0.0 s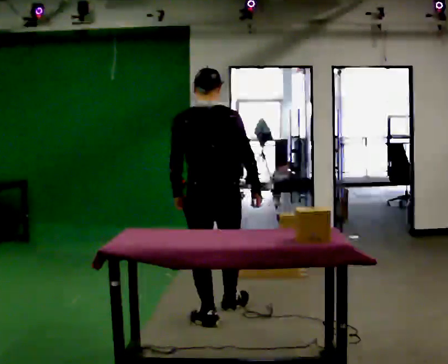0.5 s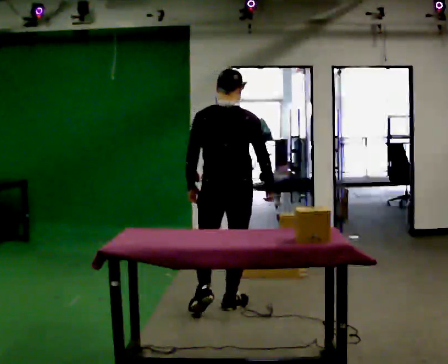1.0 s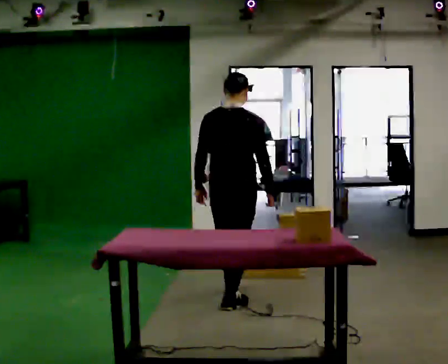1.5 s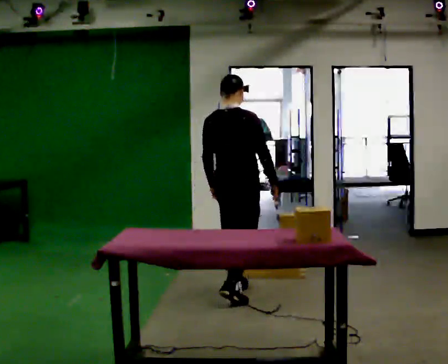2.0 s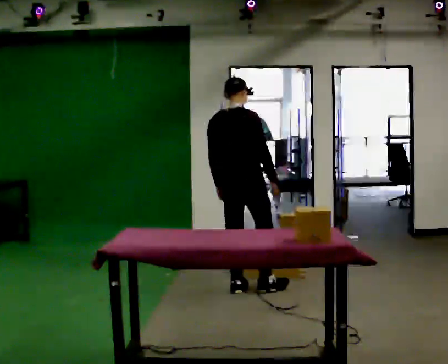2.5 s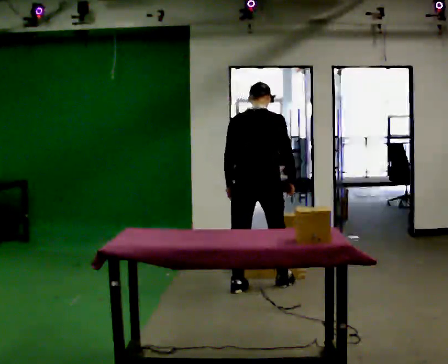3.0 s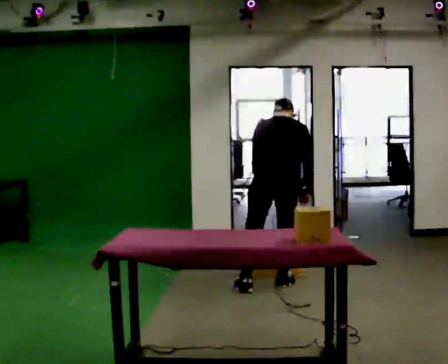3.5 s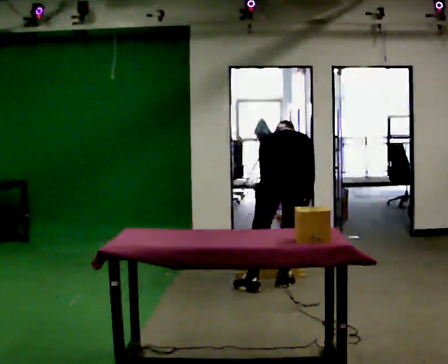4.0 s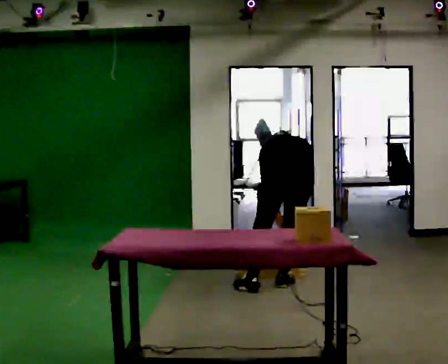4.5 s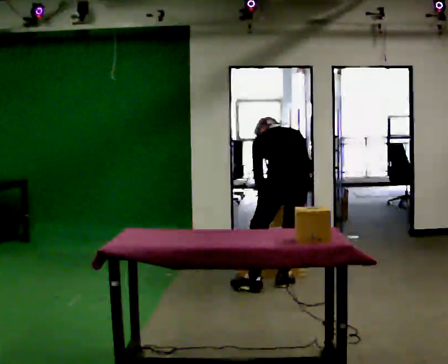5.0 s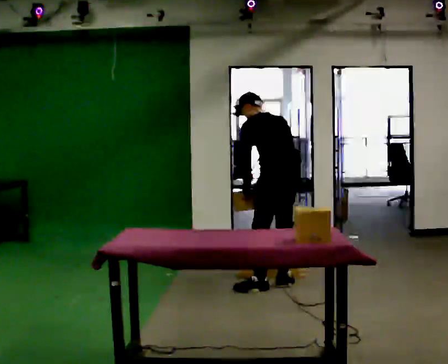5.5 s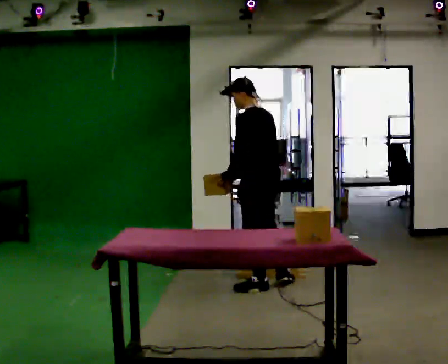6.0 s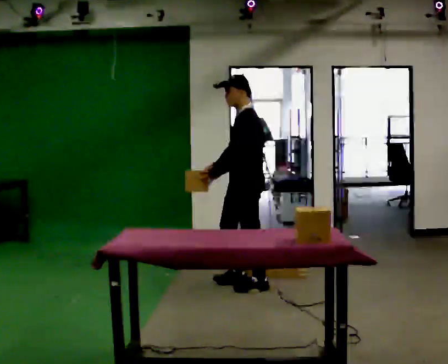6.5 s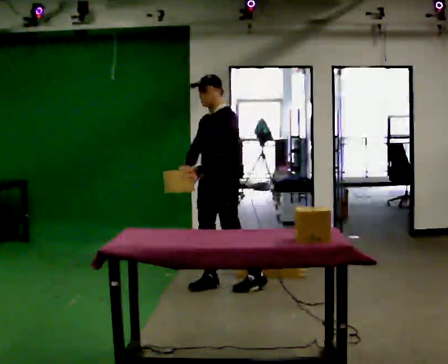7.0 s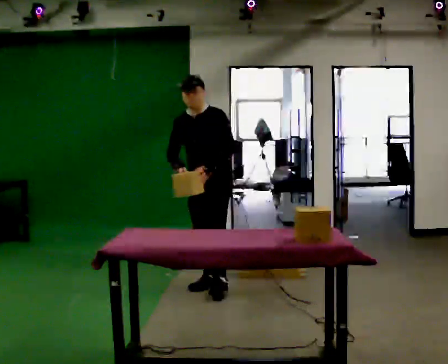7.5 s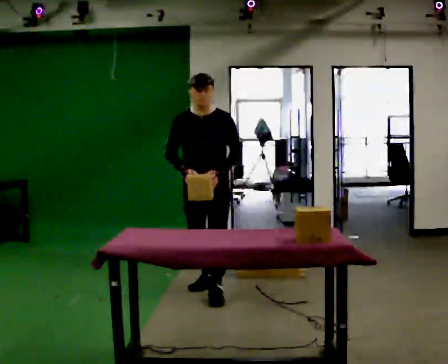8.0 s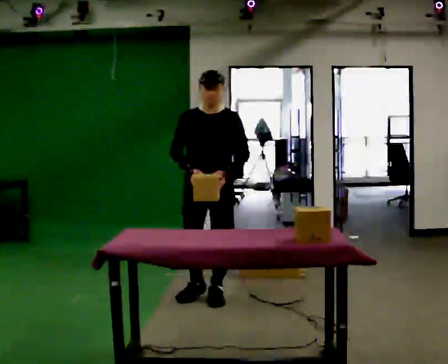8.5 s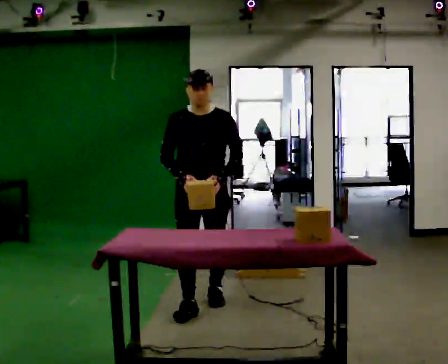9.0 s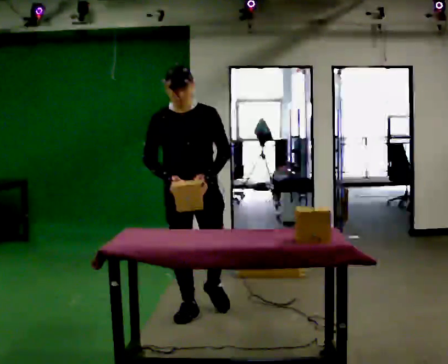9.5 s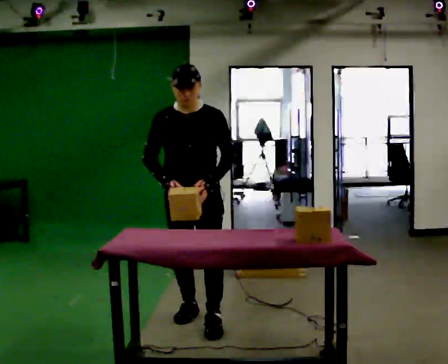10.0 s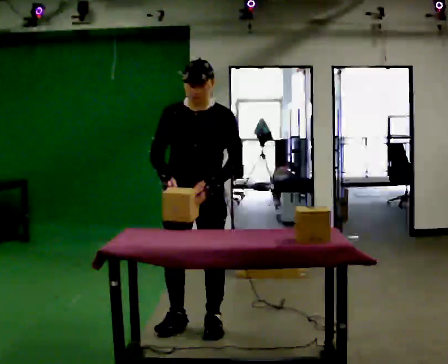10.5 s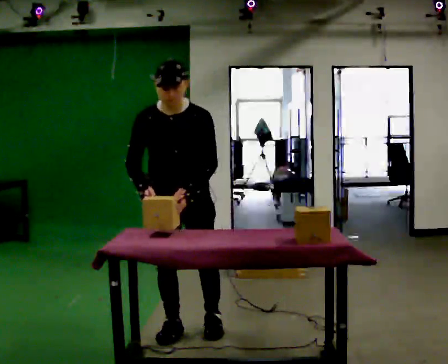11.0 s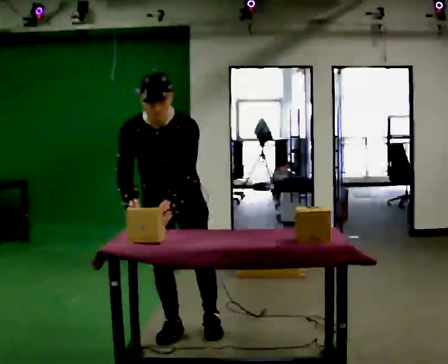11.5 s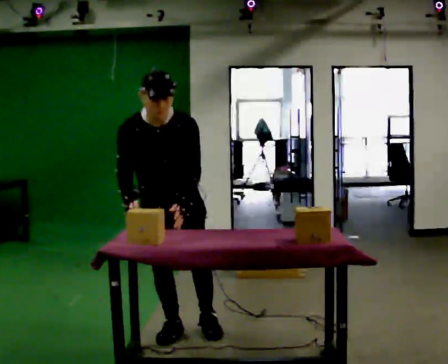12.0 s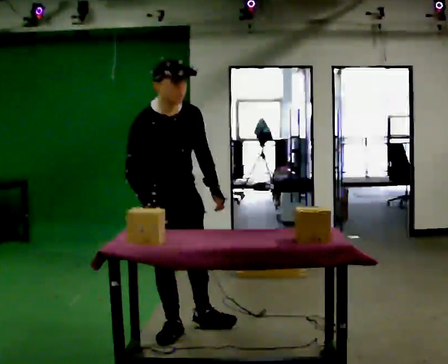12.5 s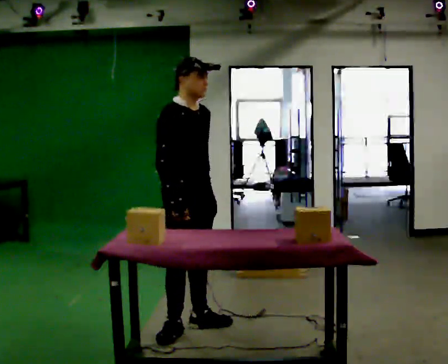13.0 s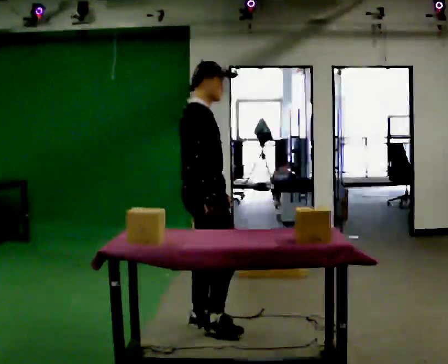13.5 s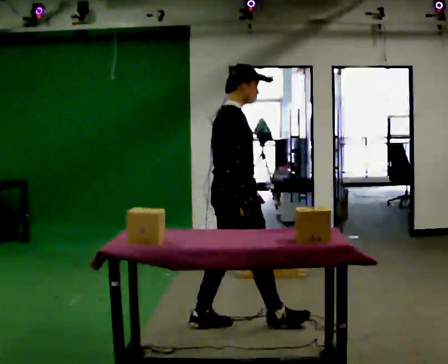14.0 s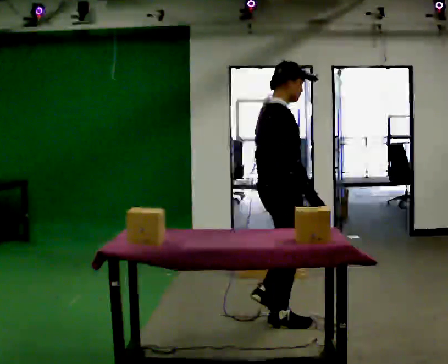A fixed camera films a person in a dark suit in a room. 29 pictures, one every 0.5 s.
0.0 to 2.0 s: Seen from above the body turns clockwise, about 45 degrees: to their right, with its near side sliding to the left. In the picture they go away from the camera, about 1 m in 1 step, which for them is forward.
2.0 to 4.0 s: The part of the body nearest the lens slides to the right as the person turns to their left by about 30 degrees. In the picture they go to the right, about 0.5 m in 1 step, which for them is to their right. The shoulders move downward. The upper body tips away from the camera, its near side rolling upward, as they bend forward.
4.0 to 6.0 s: Seen from above the body turns counterclockwise, about 90 degrees: to their left, with its near side sliding to the right. In the picture they go to the left, about 0.25 m in 1 step. The shoulders move upward. The upper body tips toward the camera, its near side rolling downward, as they lean back or straighten. In the picture their right hand goes upward, the arm swinging clockwise.
6.0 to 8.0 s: The person turns about 75 degrees to their left, counterclockwise seen from above, so the part of the body nearest the lens slides to the right. In the picture they go toward the camera and to the left, about 0.5 m in 2 steps.
8.0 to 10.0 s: In the picture they go toward the camera, about 0.5 m in 2 steps, which for them is forward.
10.0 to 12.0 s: The person turns about 60 degrees to their left, counterclockwise seen from above, so the part of the body nearest the lens slides to the right. In the picture they go to the left, about 0.25 m in 1 step, which for them is to their right.
12.0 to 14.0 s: The part of the body nearest the lens slides to the right as the person turns to their left by about 60 degrees. In the picture they go to the right, about 0.5 m in 1 step.
The film runs forward here.
